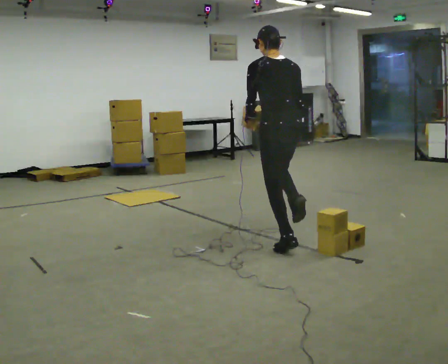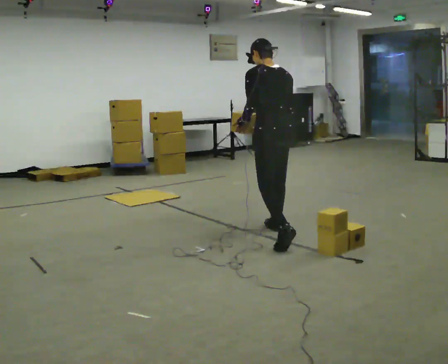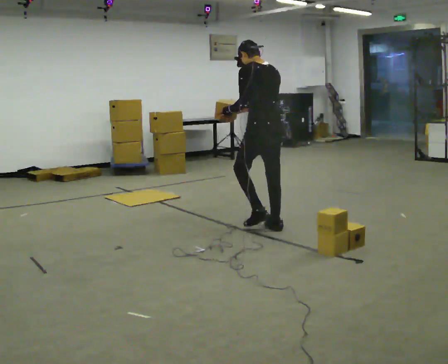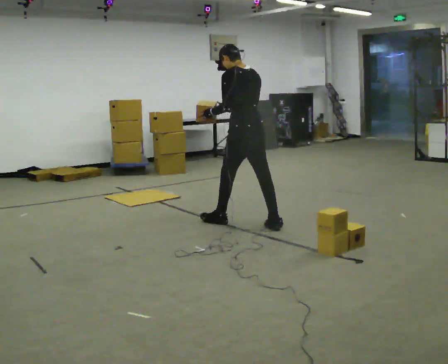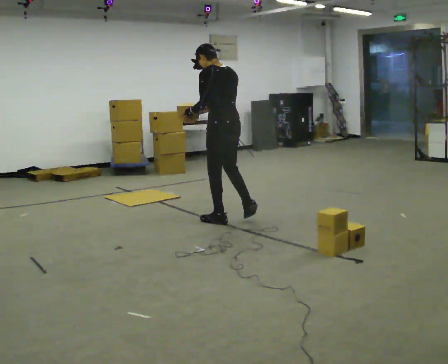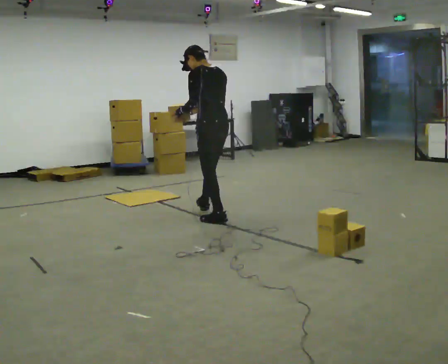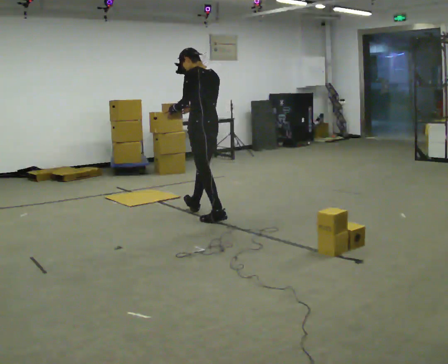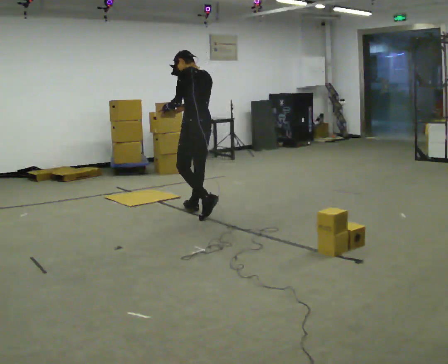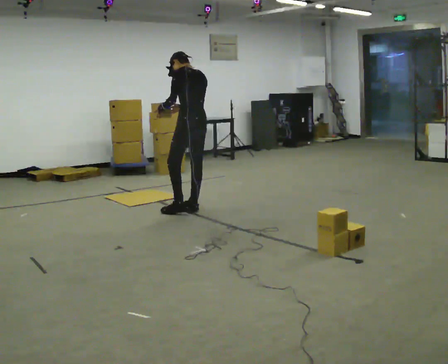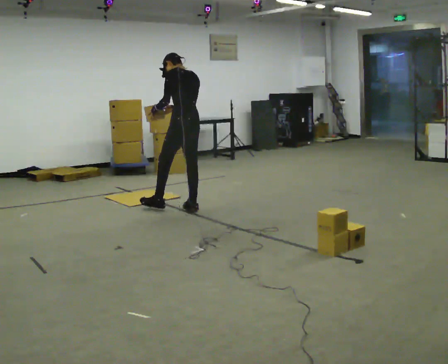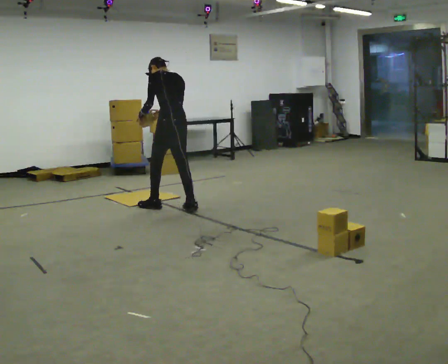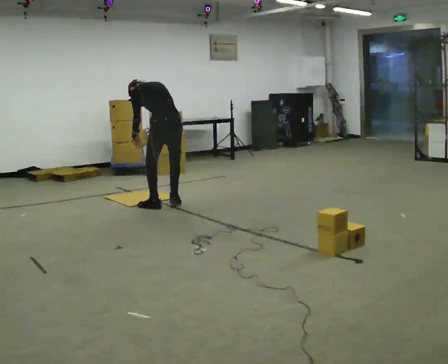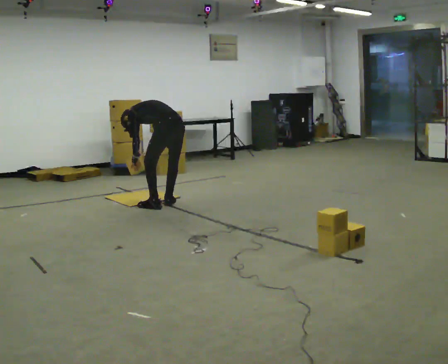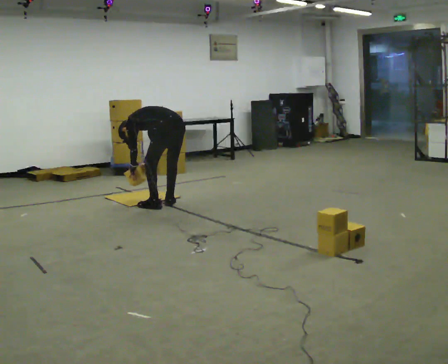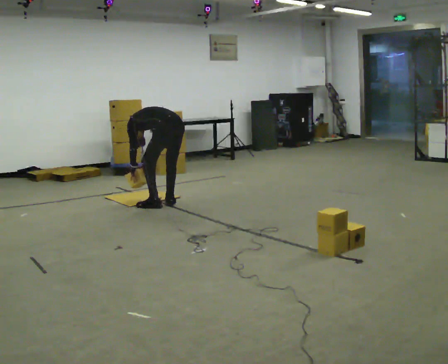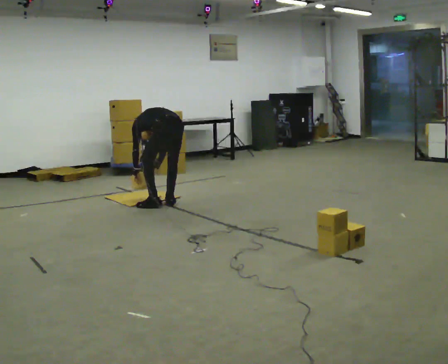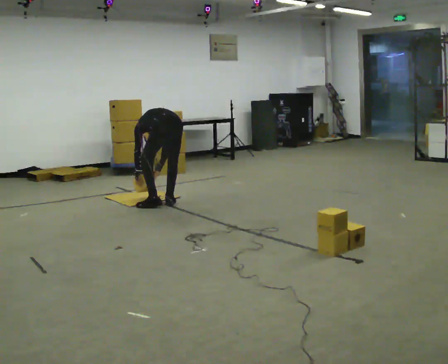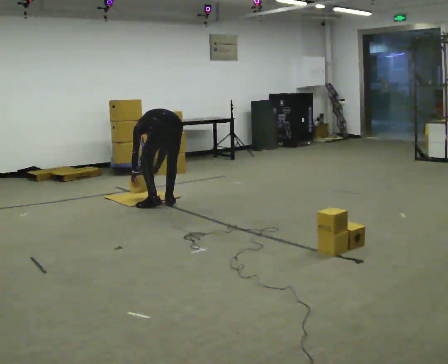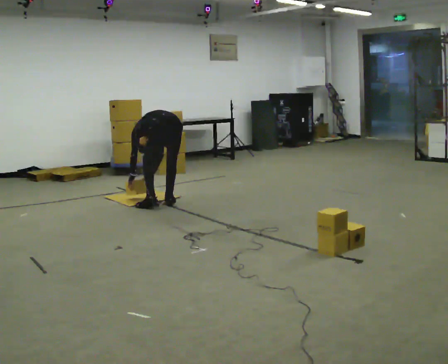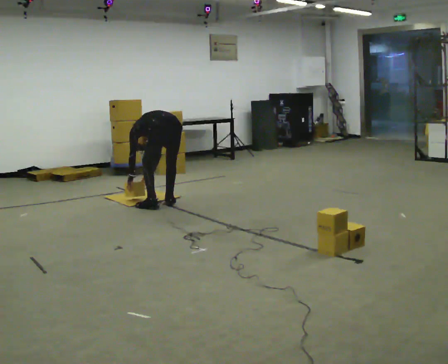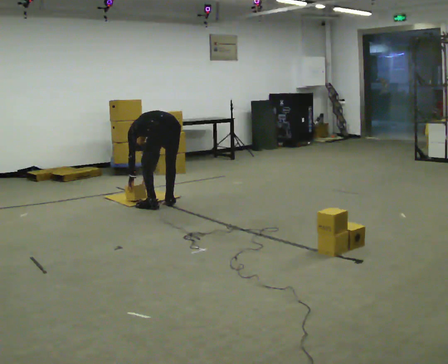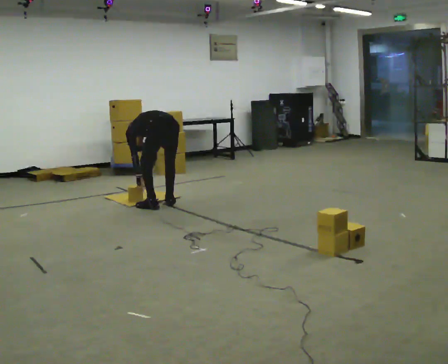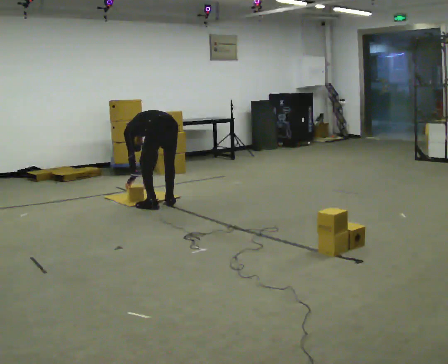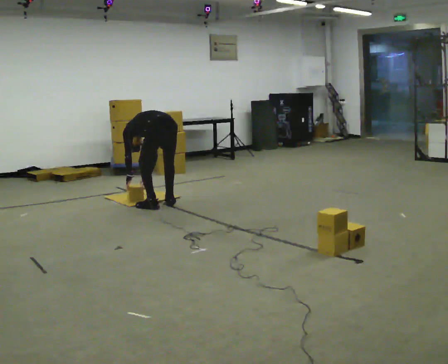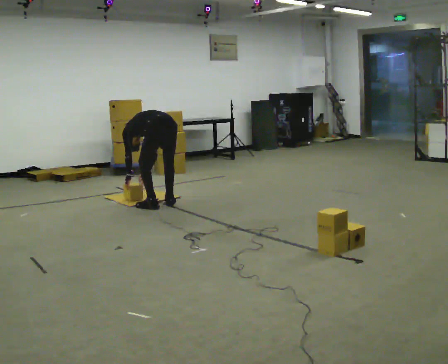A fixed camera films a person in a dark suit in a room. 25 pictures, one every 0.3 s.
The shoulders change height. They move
downward.
The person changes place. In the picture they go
away from the camera.
0.0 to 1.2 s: In the picture they go away from the camera and to the left, about 1 m in 2 steps, which for them is forward.
1.2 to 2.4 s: In the picture they go away from the camera and to the left, about 0.5 m in 1 step, which for them is forward.
2.4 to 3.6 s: In the picture they go to the left and away from the camera, about 0.25 m in 2 steps, which for them is forward. The upper body goes downward. In the picture the upper body tilts counterclockwise, shoulders to the left, as they bend forward. In the picture their left hand goes downward.
3.6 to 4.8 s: In the picture the upper body tilts counterclockwise, shoulders to the left, as they bend forward.
4.8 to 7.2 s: The person moves a little, or ends about where they began.
The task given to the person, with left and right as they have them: Carry the boxes over one at a time and lay them out on the pallet in the pattern the operator shows you. Keep going until the operator says stop; one object at a time, and do not rush between trips.
The film runs forward here.
